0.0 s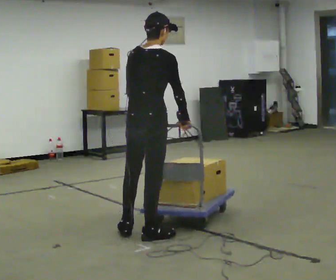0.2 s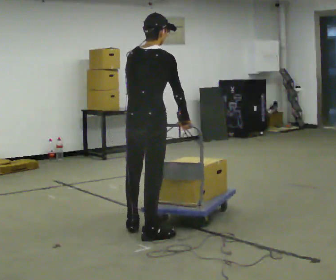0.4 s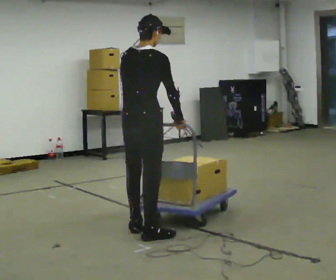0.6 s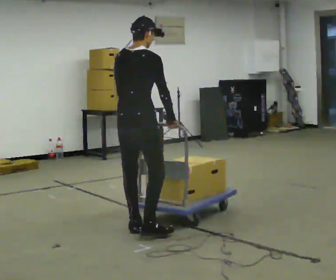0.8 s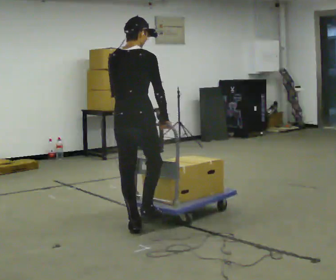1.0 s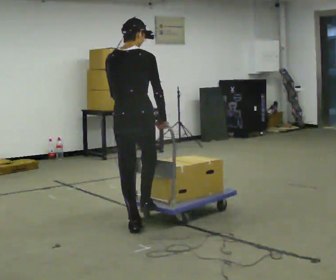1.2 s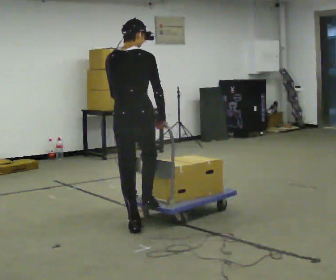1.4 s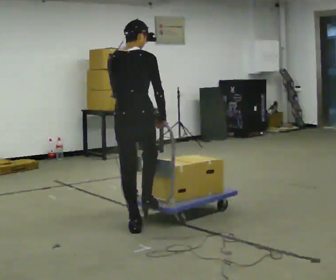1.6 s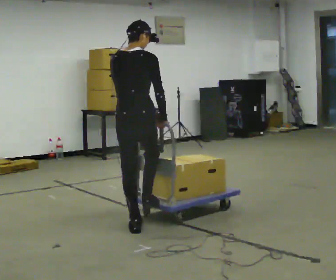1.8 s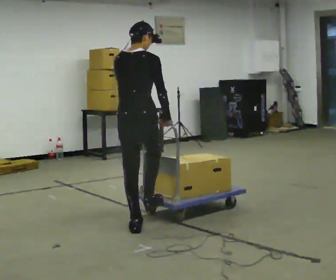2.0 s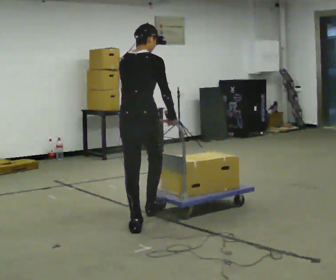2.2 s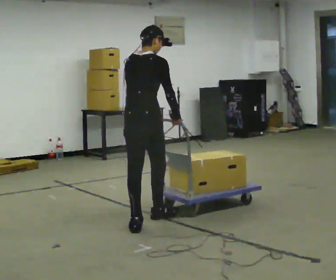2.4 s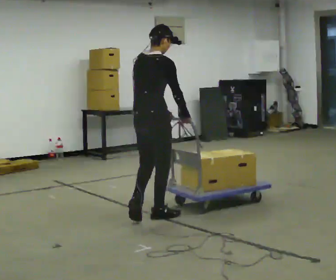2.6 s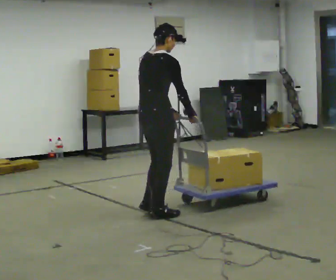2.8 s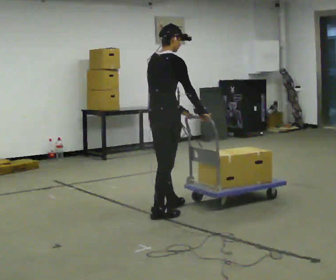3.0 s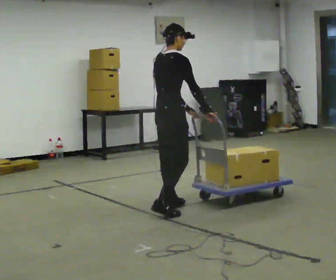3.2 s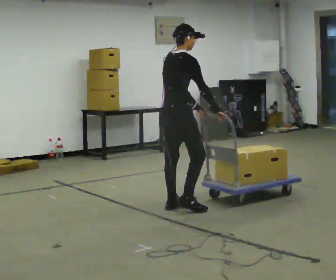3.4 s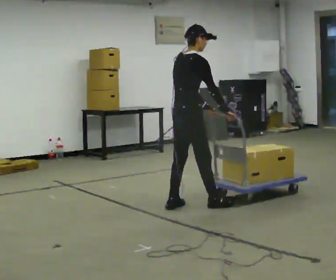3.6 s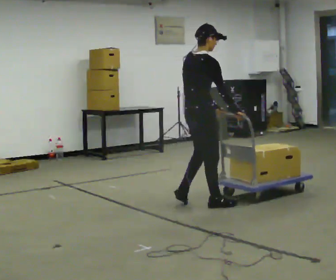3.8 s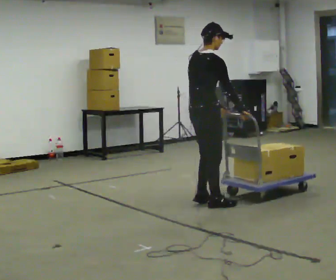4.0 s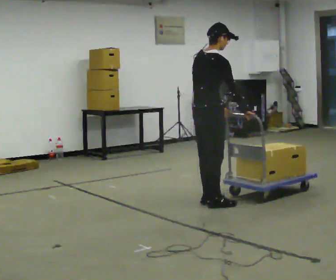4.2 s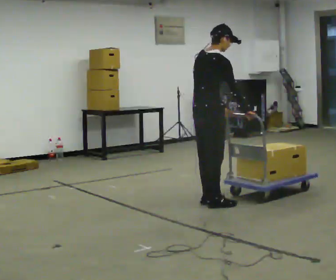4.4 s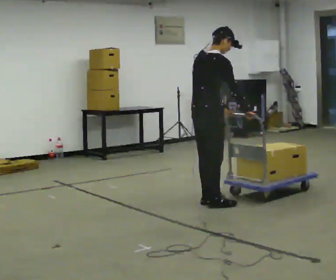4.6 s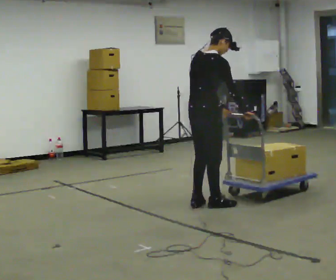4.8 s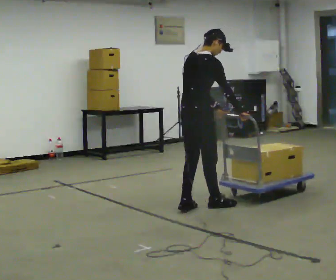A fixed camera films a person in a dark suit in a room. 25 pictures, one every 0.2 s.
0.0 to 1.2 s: In the picture they go away from the camera, about 0.25 m in 2 steps, which for them is to their left.
1.2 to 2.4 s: The person turns about 30 degrees to their right, clockwise seen from above, so the part of the body nearest the lens slides to the left. In the picture they go away from the camera, about 0.25 m in 1 step, which for them is forward.
2.4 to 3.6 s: In the picture they go to the right and away from the camera, about 0.5 m in 2 steps, which for them is forward.
3.6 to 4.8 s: The person moves a little, or ends about where they began.
The film runs forward here.
